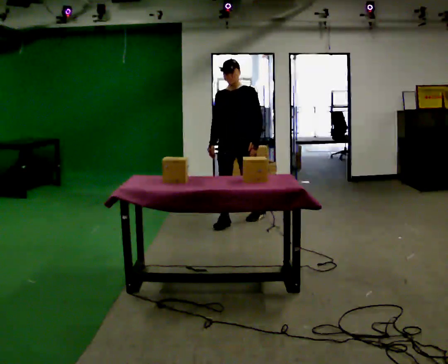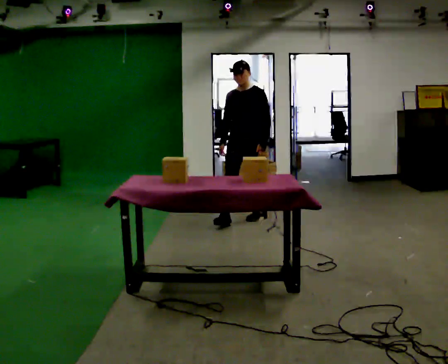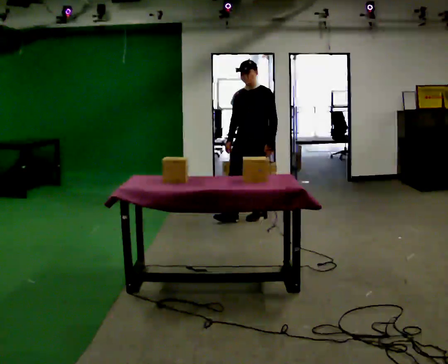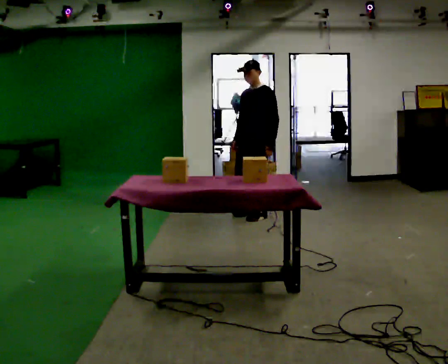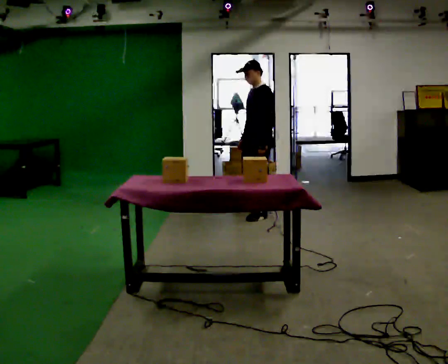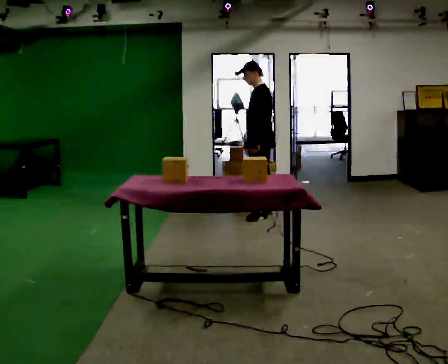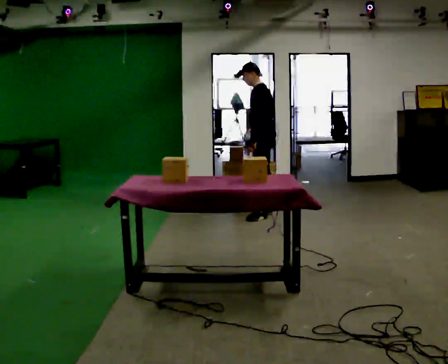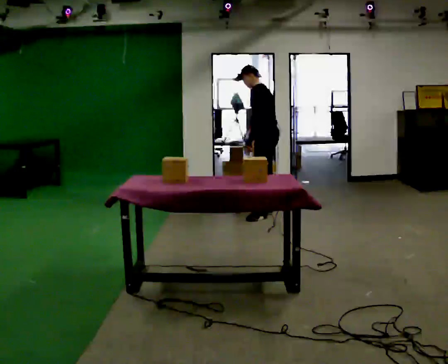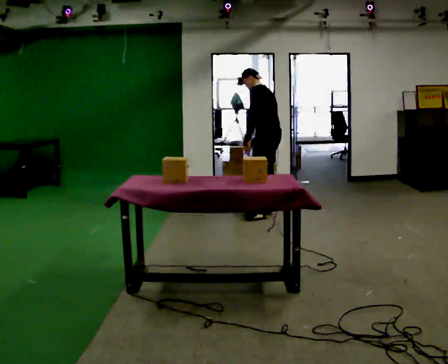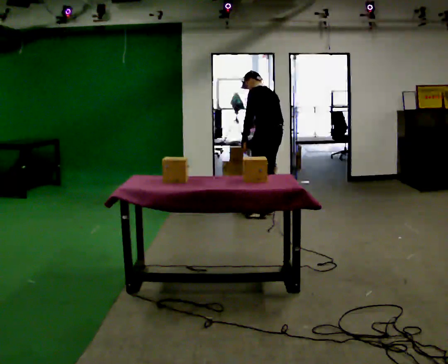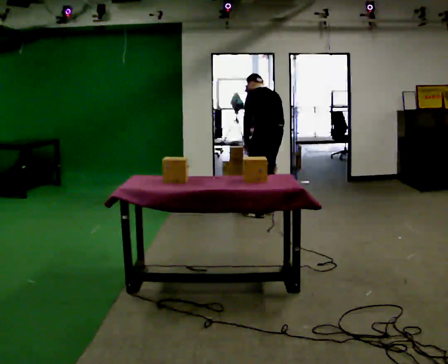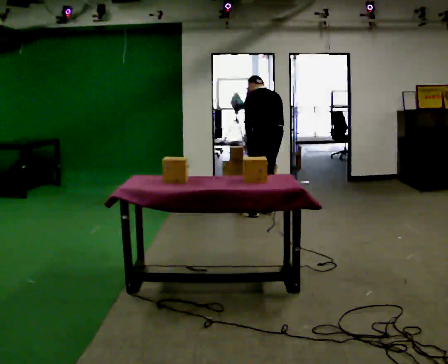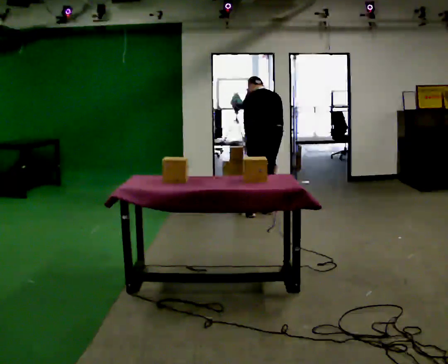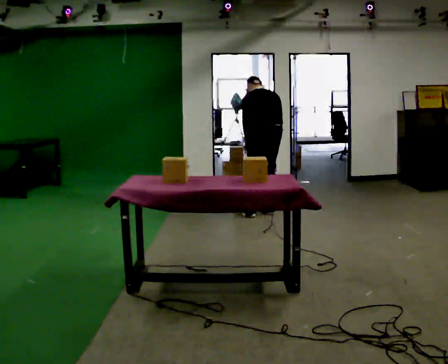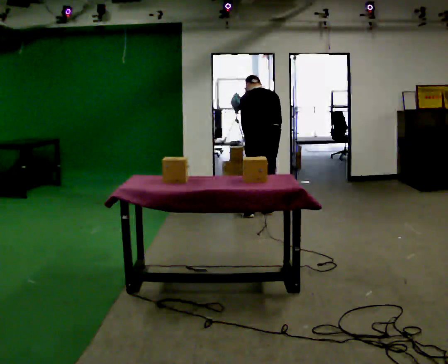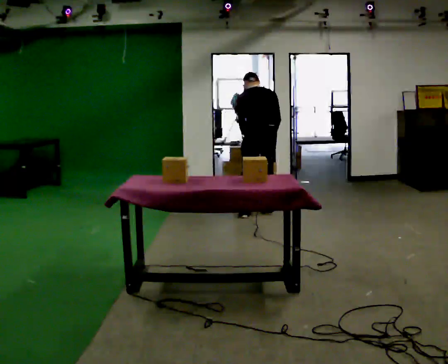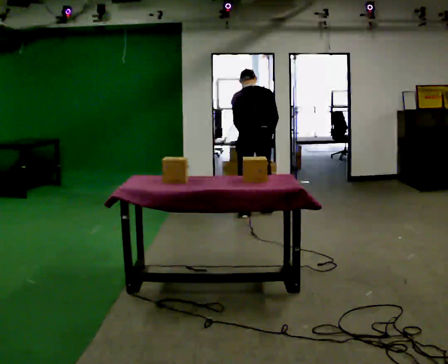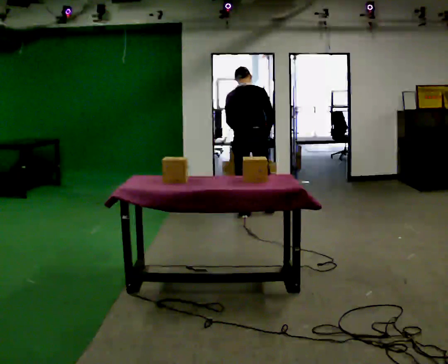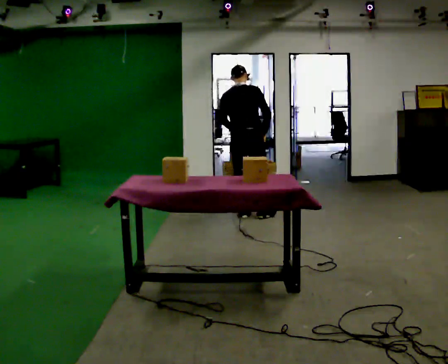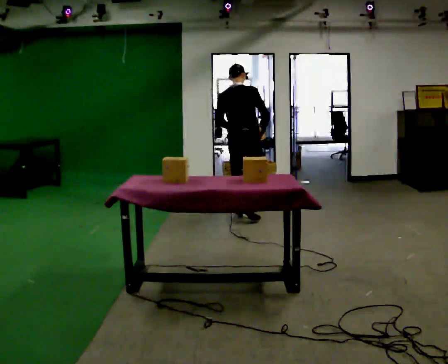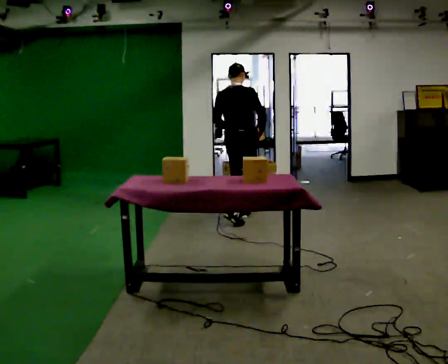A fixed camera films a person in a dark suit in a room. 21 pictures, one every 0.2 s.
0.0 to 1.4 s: The part of the body nearest the lens slides to the left as the person turns to their right by about 90 degrees. In the picture they go away from the camera and to the right, about 0.5 m in 1 step.
1.4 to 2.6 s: Seen from above the body turns clockwise, about 60 degrees: to their right, with its near side sliding to the left. The upper body tips away from the camera, its near side rolling upward, as they bend forward.
2.6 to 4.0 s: The part of the body nearest the lens slides to the left as the person turns to their right by about 60 degrees. In the picture they go to the left and toward the camera, about 0.5 m in 1 step, which for them is to their left and backward. The upper body tips toward the camera, its near side rolling downward, as they lean back or straighten.
The film runs backward here.
